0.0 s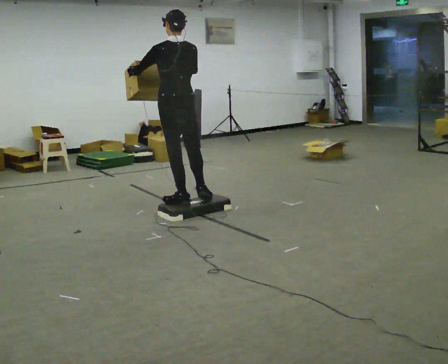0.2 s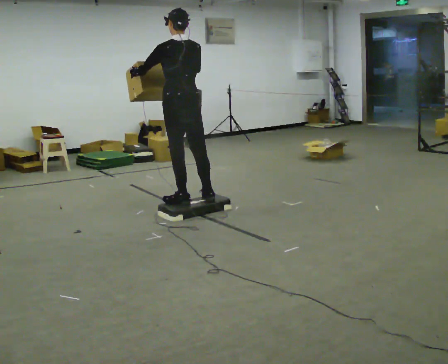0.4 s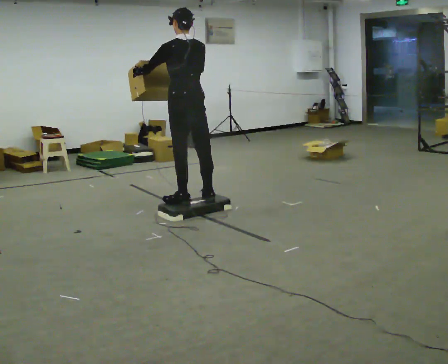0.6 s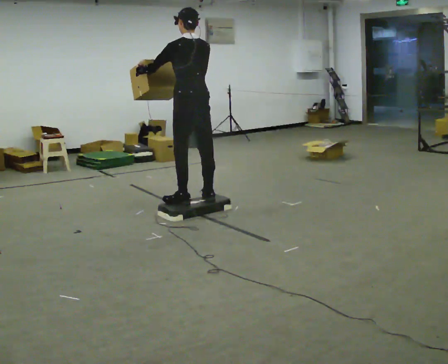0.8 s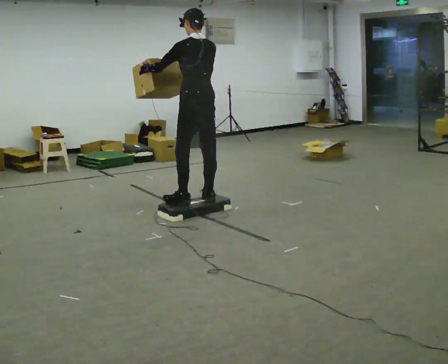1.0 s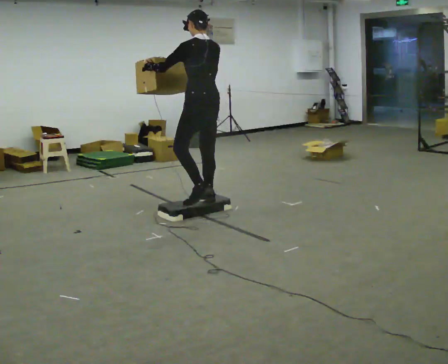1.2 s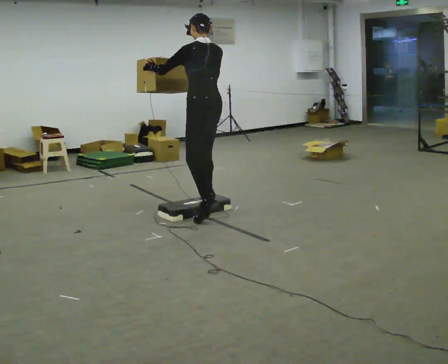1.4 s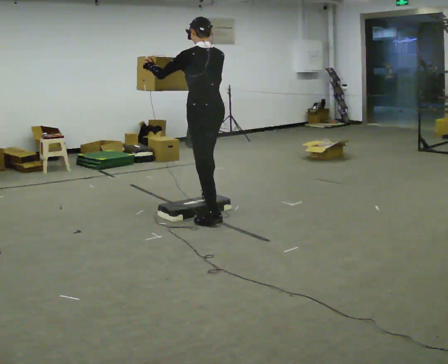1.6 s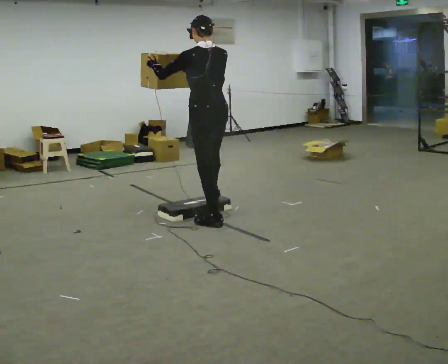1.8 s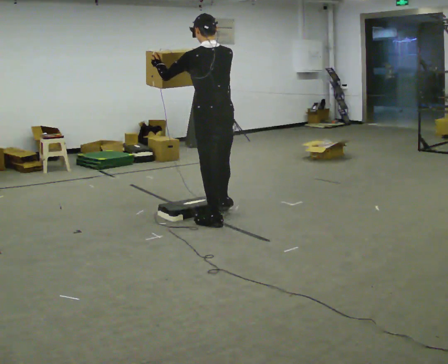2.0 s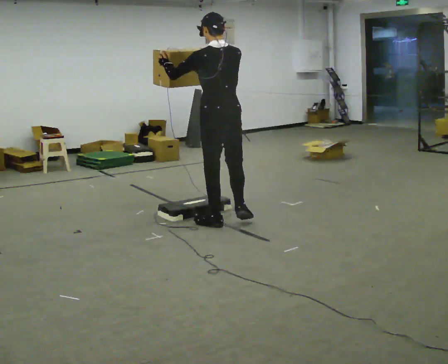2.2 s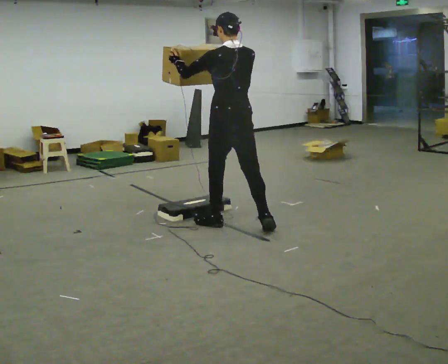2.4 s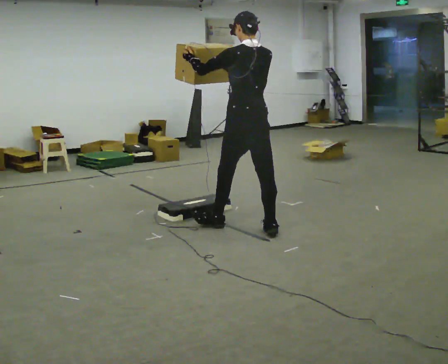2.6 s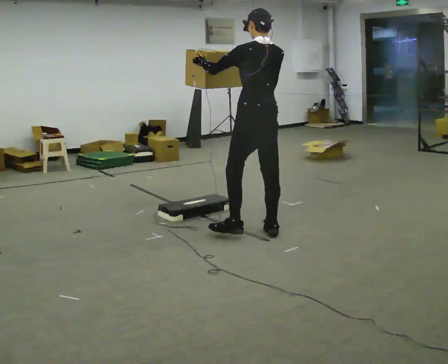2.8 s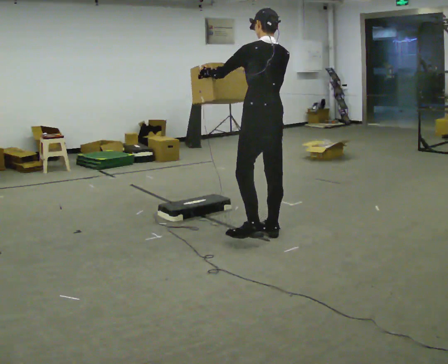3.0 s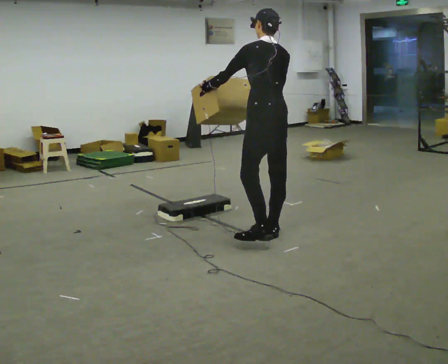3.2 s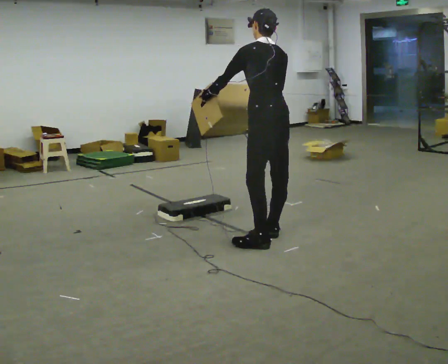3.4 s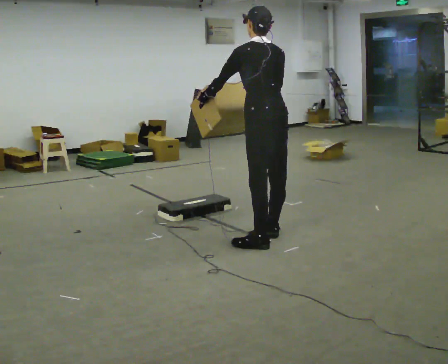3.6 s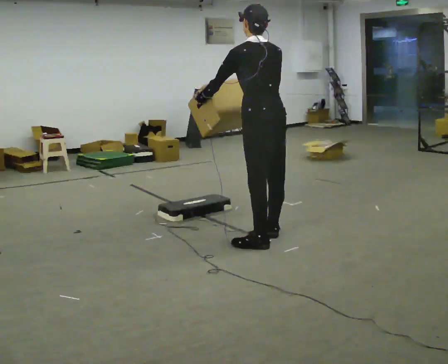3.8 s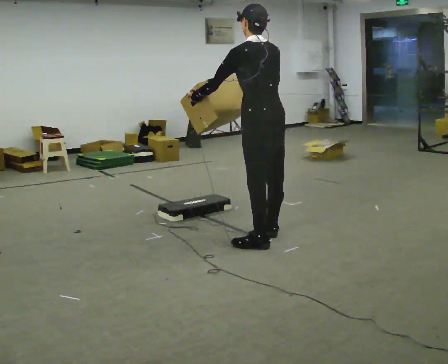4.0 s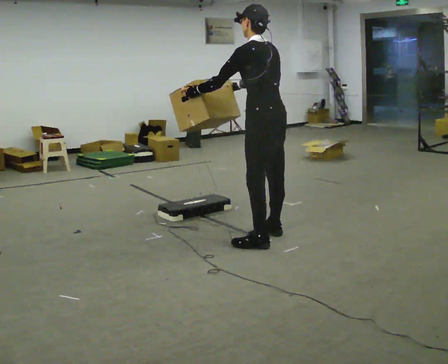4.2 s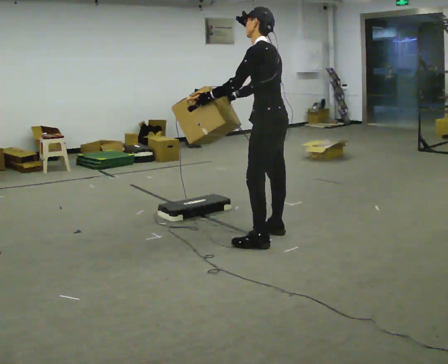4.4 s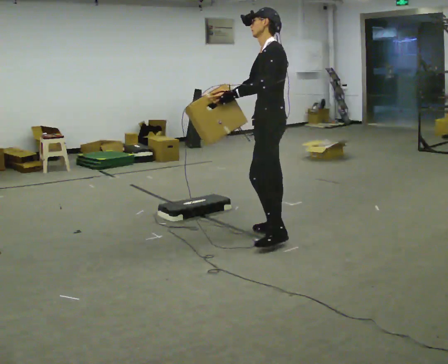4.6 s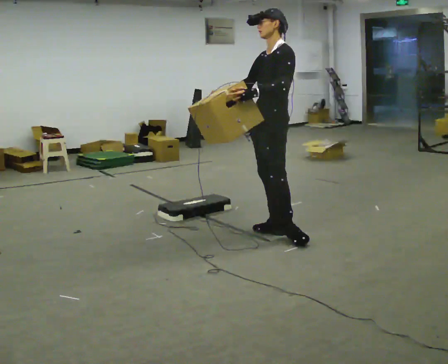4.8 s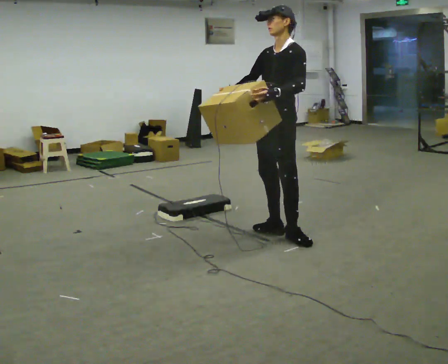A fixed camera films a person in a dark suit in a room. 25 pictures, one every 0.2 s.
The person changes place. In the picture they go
to the right.
The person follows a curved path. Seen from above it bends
counterclockwise.
0.0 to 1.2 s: In the picture they go to the right, about 0.25 m in 1 step, which for them is backward and to their right.
1.2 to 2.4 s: In the picture they go to the right and toward the camera, about 0.5 m in 2 steps, which for them is backward.
2.4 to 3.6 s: In the picture they go toward the camera and to the right, about 0.25 m, which for them is backward.
3.6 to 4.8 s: The person turns about 90 degrees to their left, counterclockwise seen from above, so the part of the body nearest the lens slides to the right. In the picture they go away from the camera, about 0.25 m in 1 step. In the picture the upper body tilts clockwise, shoulders to the right. In the picture their left hand goes to the right.
The film runs backward here.
